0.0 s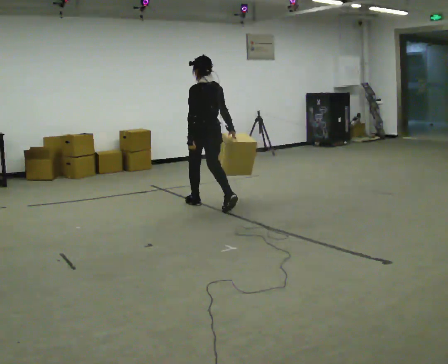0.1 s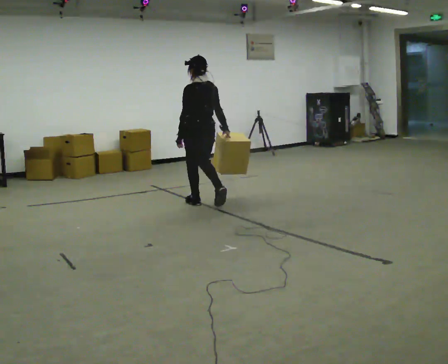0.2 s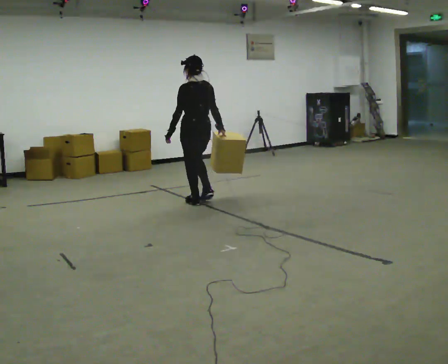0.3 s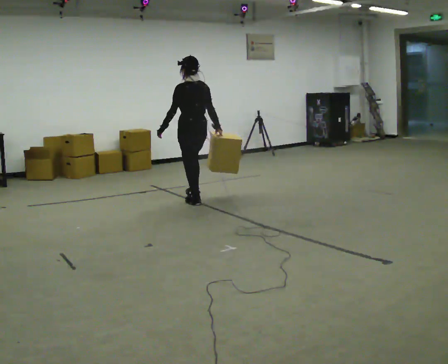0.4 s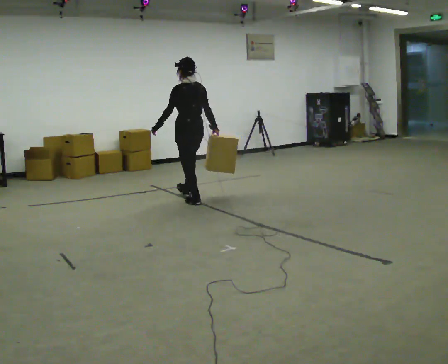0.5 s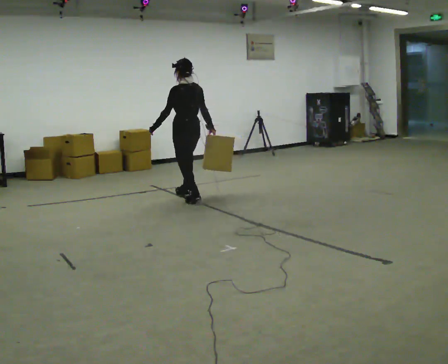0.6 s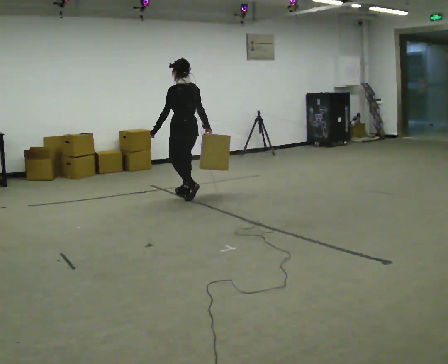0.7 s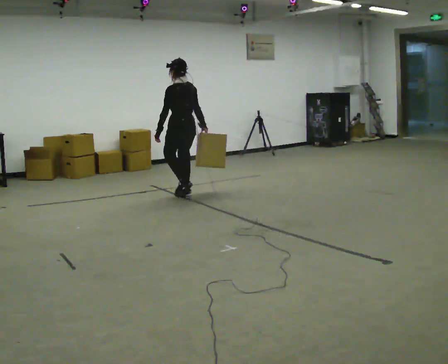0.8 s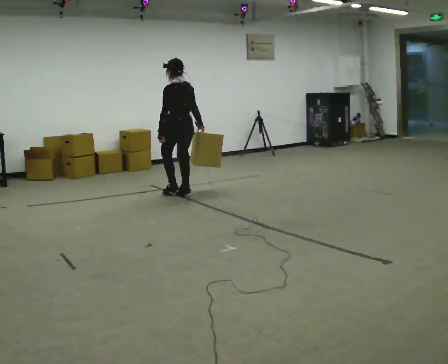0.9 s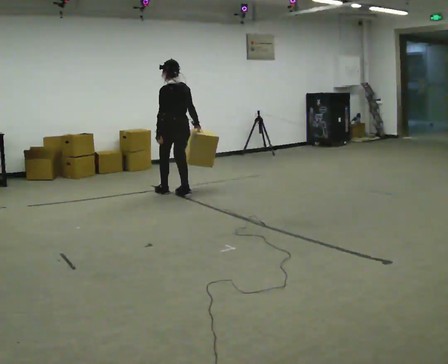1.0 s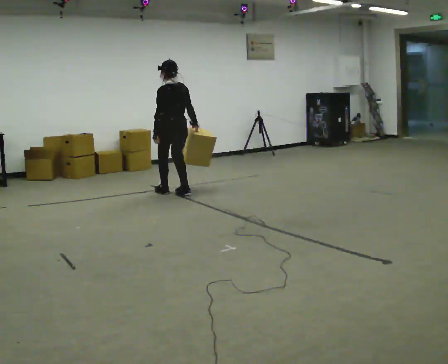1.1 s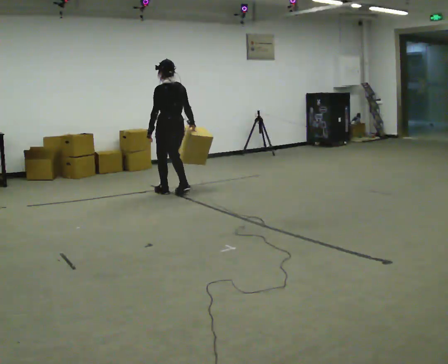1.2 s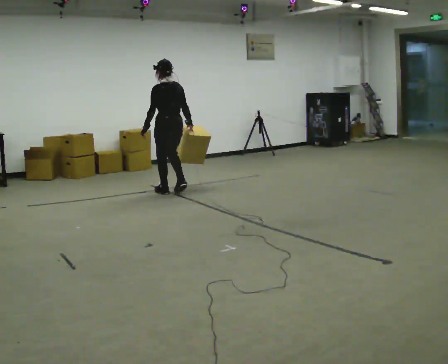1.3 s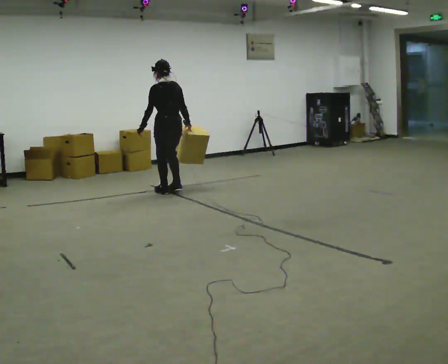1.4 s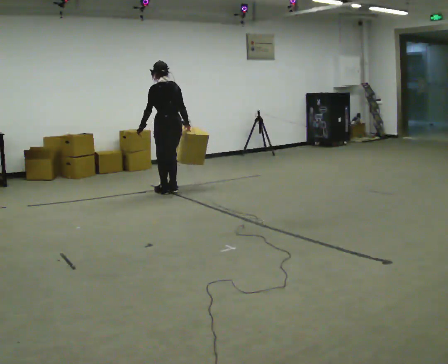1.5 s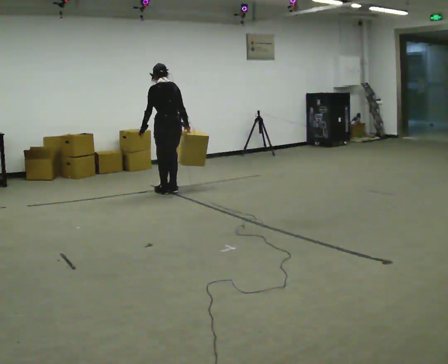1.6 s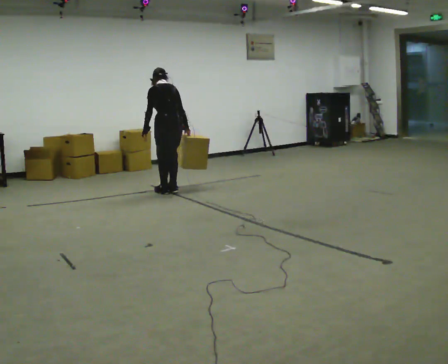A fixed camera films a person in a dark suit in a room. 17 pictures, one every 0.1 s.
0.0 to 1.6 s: In the picture they go away from the camera and to the left, about 0.5 m in 3 steps, which for them is forward. The upper body tips away from the camera, its near side rolling upward, as they bend forward.
The film runs forward here.
